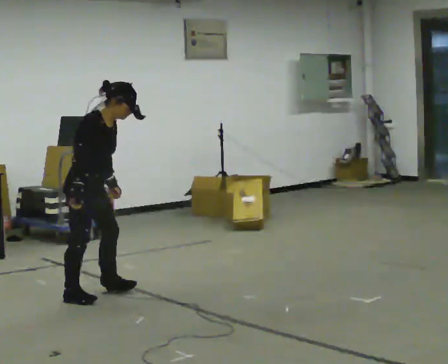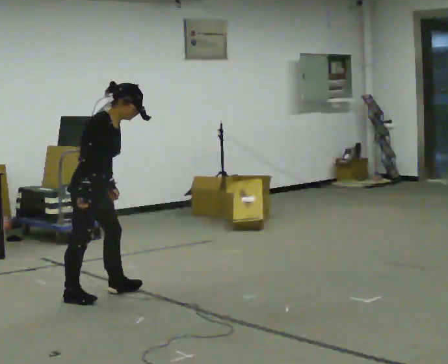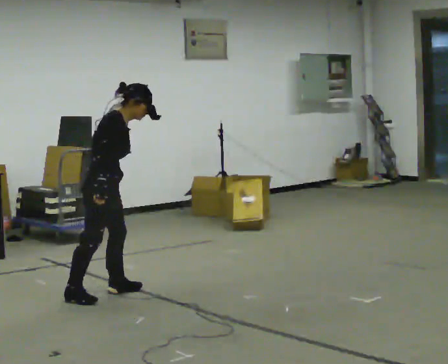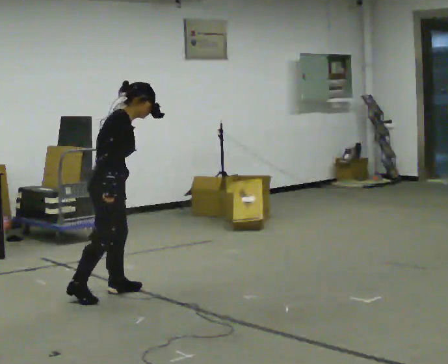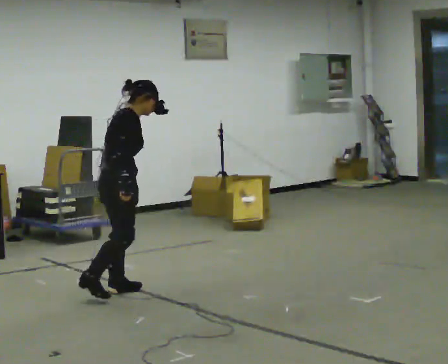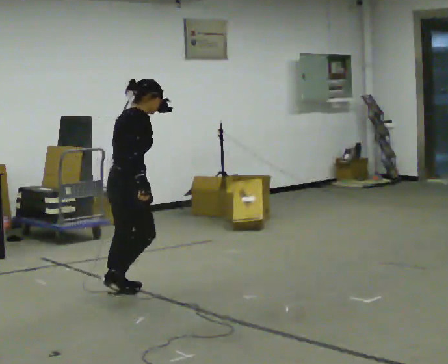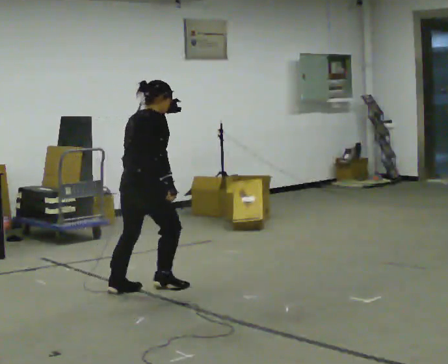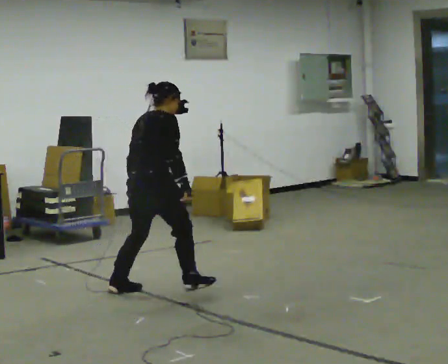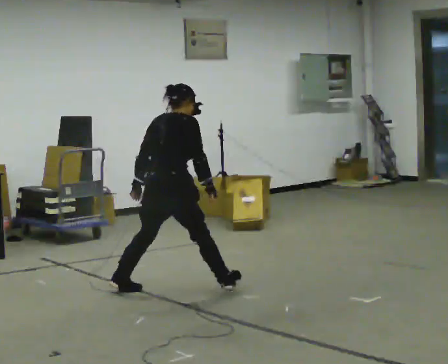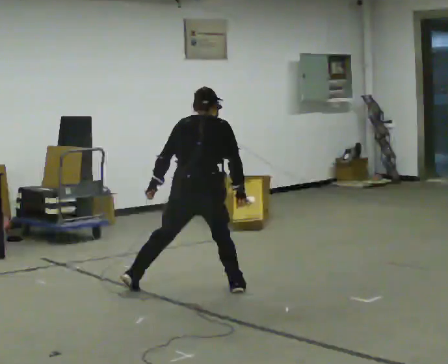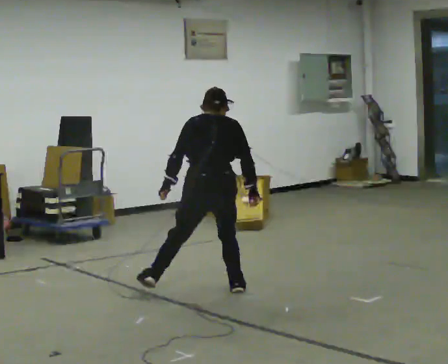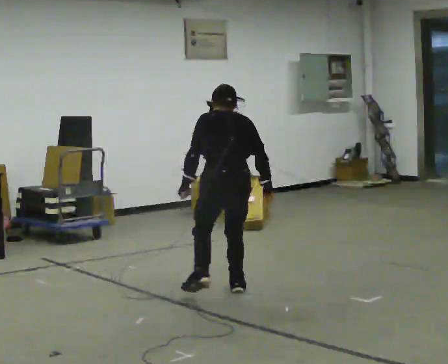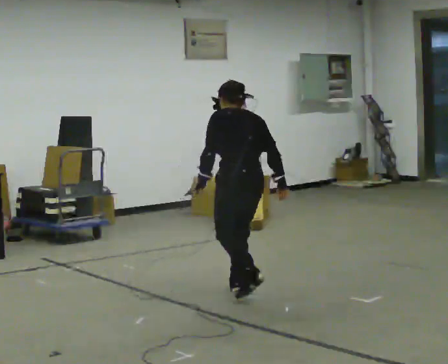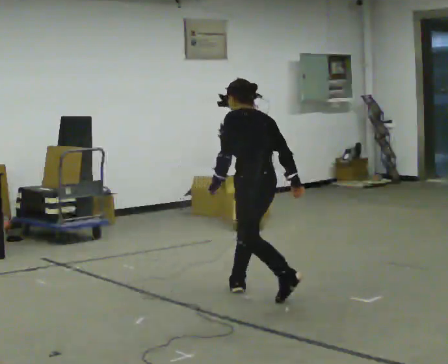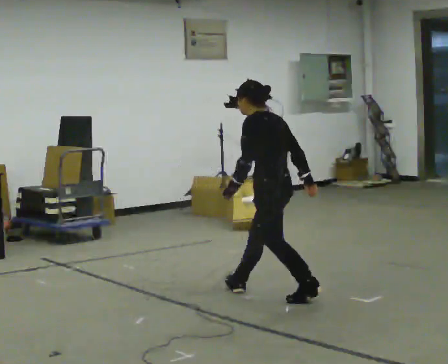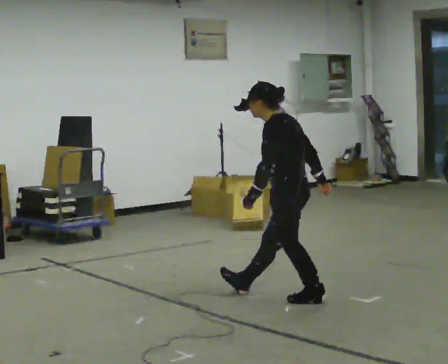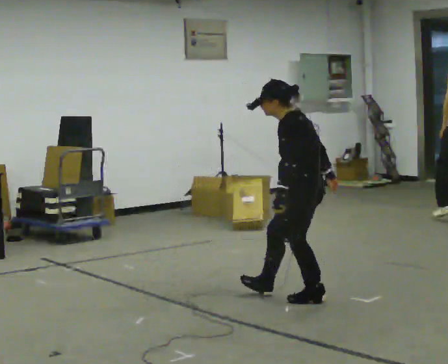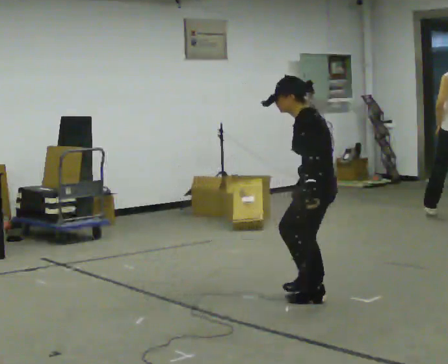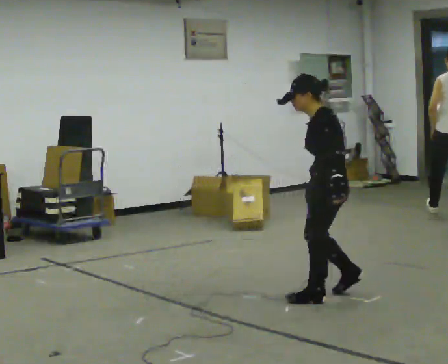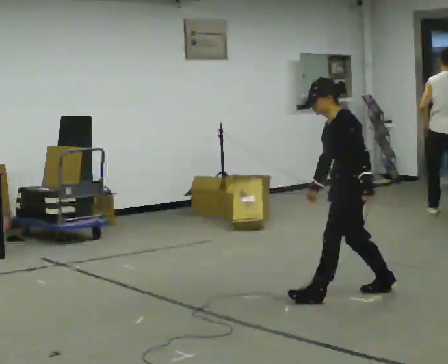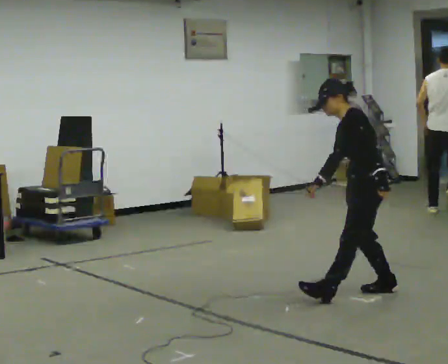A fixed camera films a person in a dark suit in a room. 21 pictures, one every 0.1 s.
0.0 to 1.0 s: Seen from above the body turns counterclockwise, about 105 degrees: to their left, with its near side sliding to the right. In the picture they go to the right, about 1 m in 2 steps. The upper body tips away from the camera, its near side rolling upward.
1.0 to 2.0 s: The person turns about 75 degrees to their left, counterclockwise seen from above, so the part of the body nearest the lens slides to the right. In the picture they go to the right, about 1 m in 2 steps. In the picture the upper body tilts counterclockwise, shoulders to the left.
The film runs forward here.
